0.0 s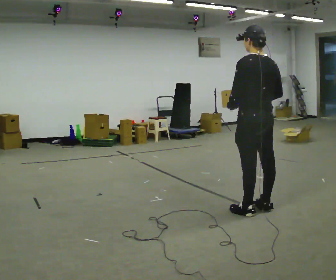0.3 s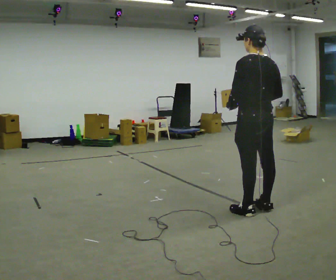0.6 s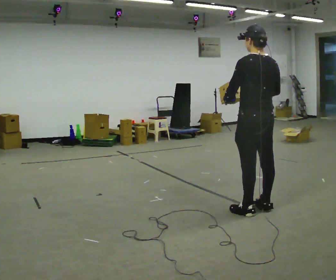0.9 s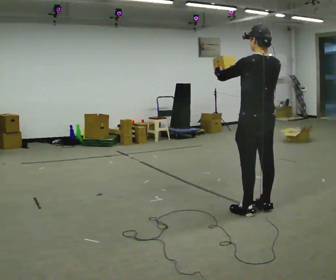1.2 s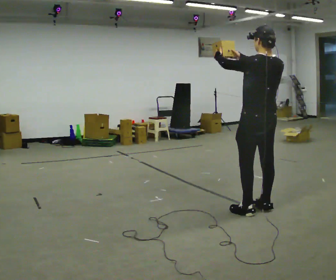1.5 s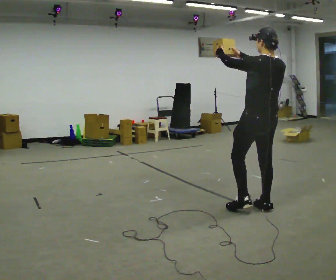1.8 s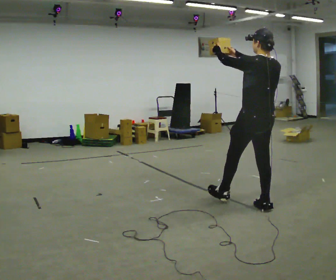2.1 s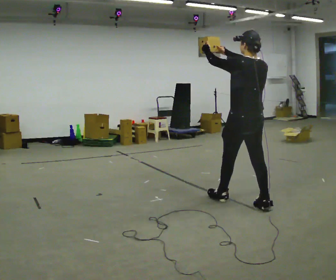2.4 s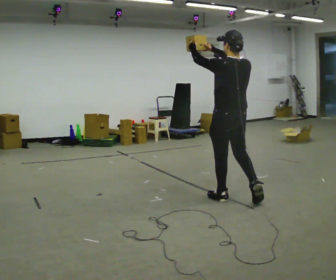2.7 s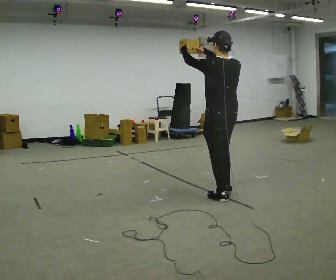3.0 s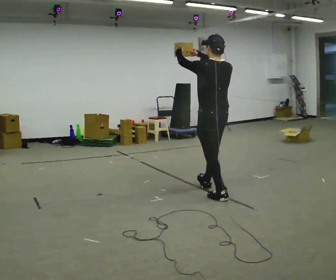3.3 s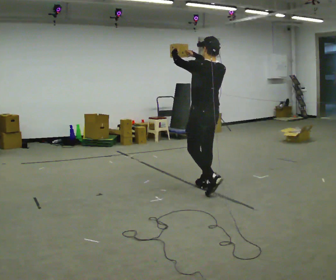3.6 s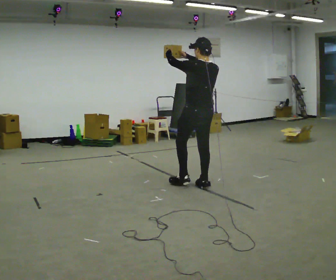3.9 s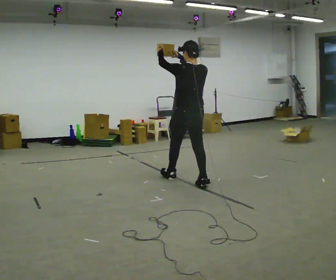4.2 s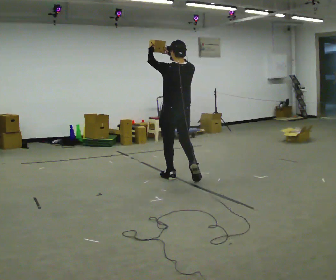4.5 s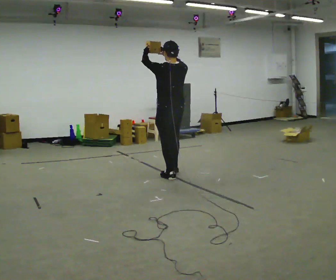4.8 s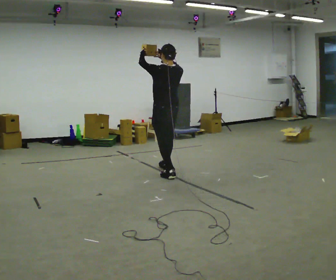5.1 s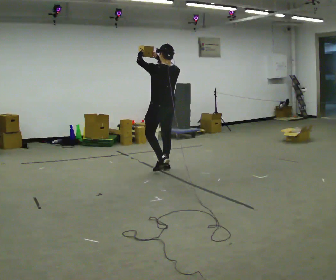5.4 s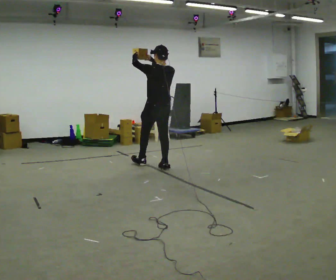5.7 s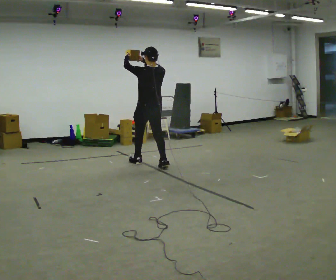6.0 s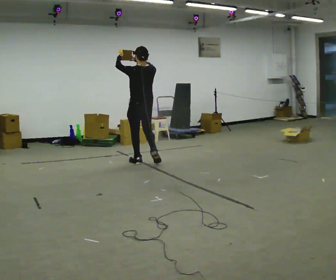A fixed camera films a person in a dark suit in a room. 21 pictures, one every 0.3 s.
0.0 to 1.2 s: In the picture their left hand goes upward, the arm swinging clockwise.
1.2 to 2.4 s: In the picture they go away from the camera and to the left, about 0.5 m in 1 step, which for them is forward.
2.4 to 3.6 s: In the picture they go away from the camera and to the left, about 0.75 m in 1 step, which for them is forward.
3.6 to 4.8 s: In the picture they go away from the camera and to the left, about 0.5 m in 2 steps, which for them is forward.
4.8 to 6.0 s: In the picture they go away from the camera and to the left, about 0.75 m in 1 step, which for them is forward.
The film runs forward here.
